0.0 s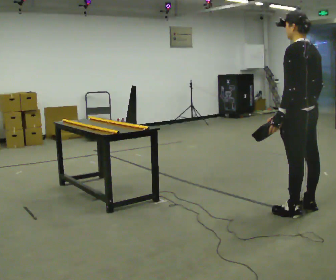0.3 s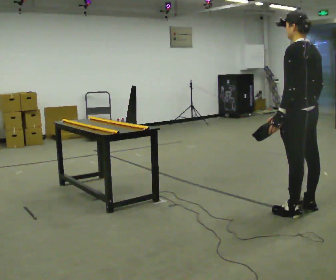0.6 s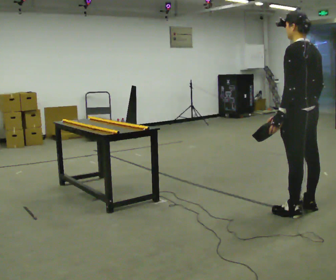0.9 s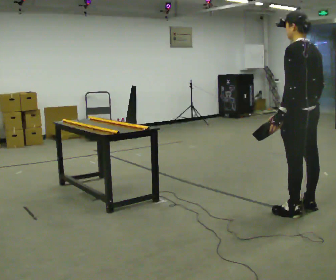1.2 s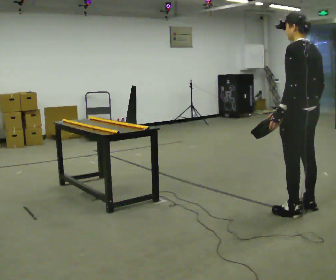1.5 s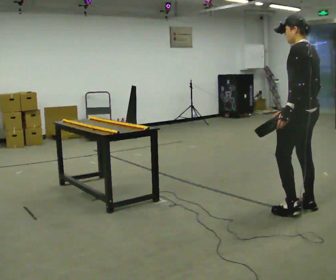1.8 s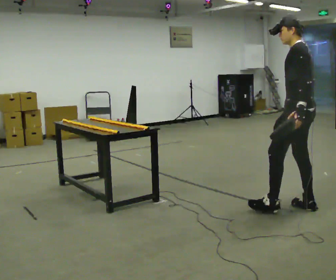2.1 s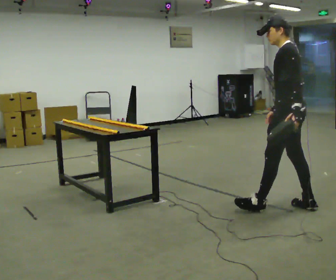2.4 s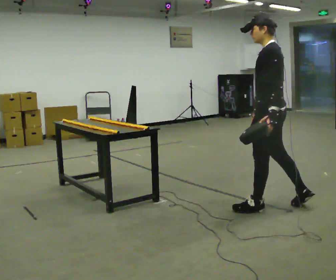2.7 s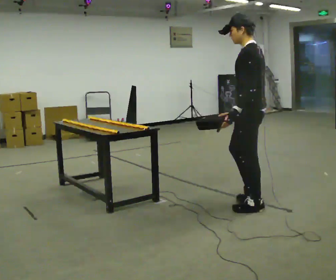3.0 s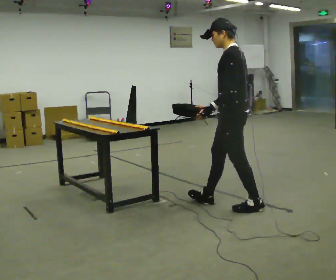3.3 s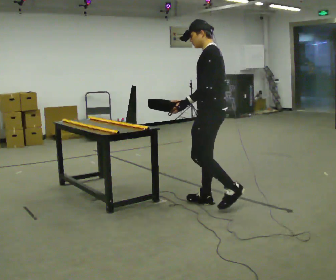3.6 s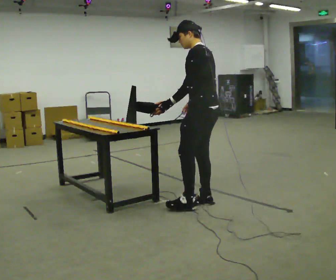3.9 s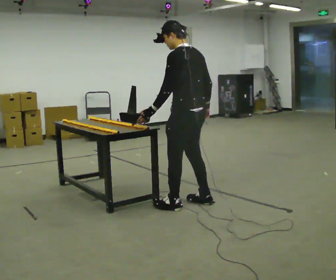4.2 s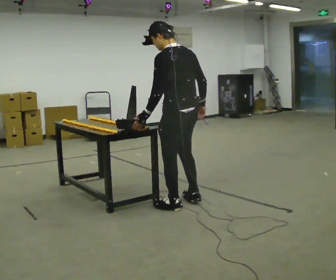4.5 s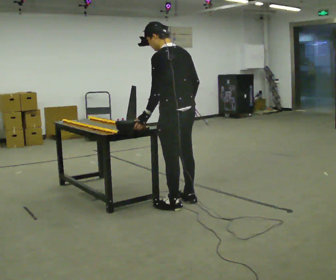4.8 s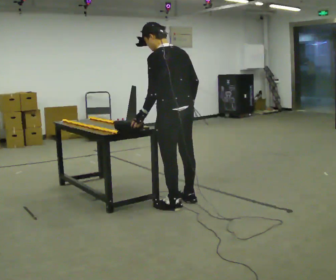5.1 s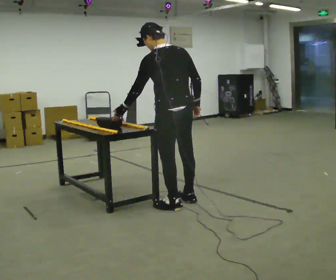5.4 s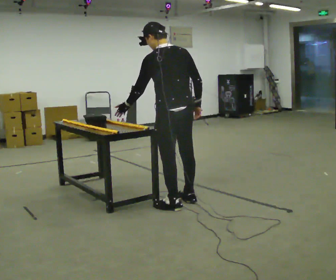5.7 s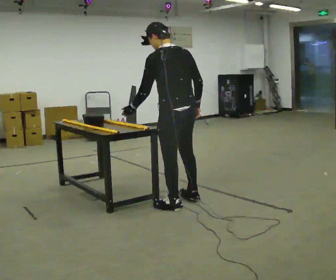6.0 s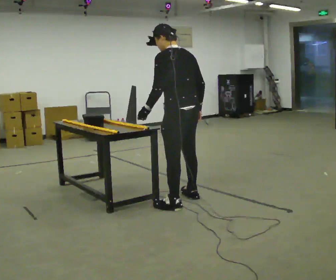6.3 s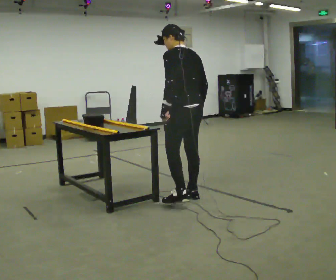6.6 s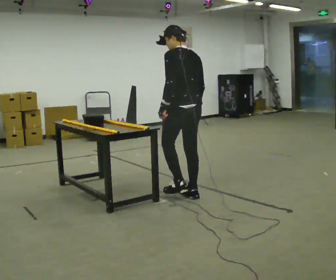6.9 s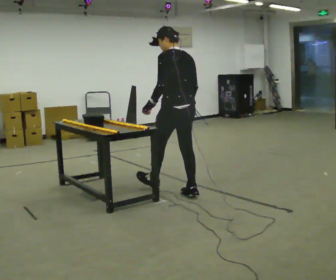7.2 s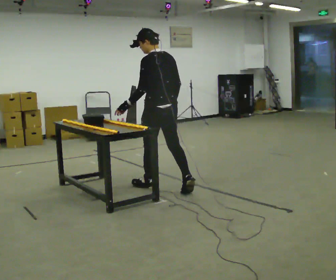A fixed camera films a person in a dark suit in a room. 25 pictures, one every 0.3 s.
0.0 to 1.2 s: The person moves a little, or ends about where they began.
1.2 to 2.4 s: Seen from above the body turns counterclockwise, about 30 degrees: to their left, with its near side sliding to the right. In the picture they go to the left, about 0.25 m in 1 step, which for them is forward.
2.4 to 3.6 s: In the picture they go to the left, about 0.5 m in 1 step, which for them is forward.
3.6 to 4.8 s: In the picture they go to the left, about 0.25 m in 2 steps, which for them is to their left and forward.
4.8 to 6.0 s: The person moves a little, or ends about where they began.
6.0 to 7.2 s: In the picture they go away from the camera and to the left, about 0.5 m in 1 step, which for them is forward.
The film runs forward here.
